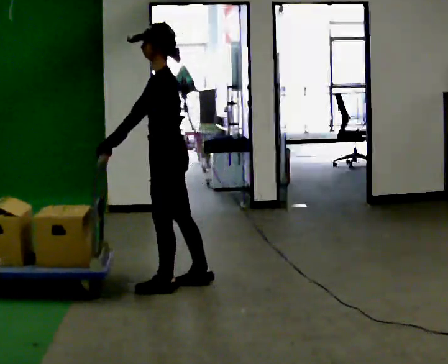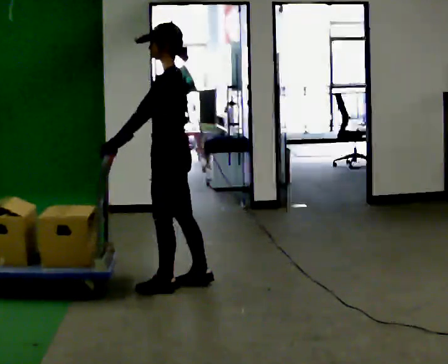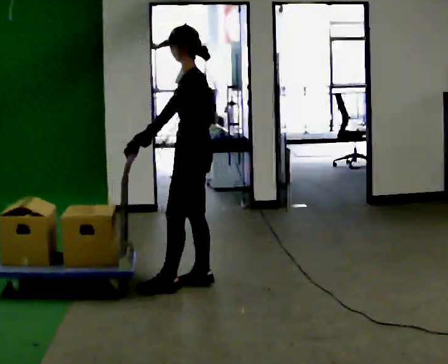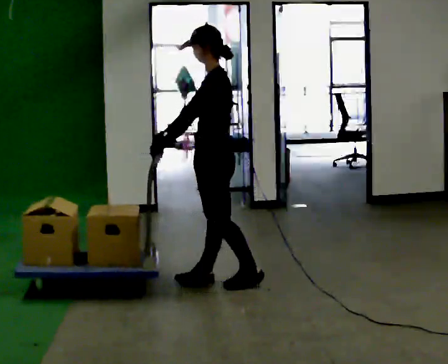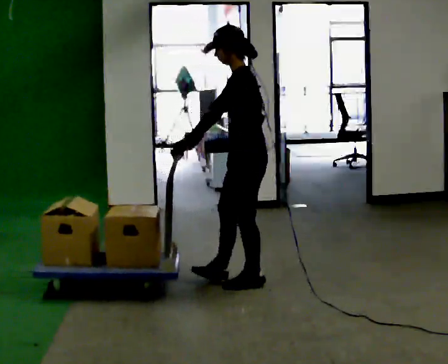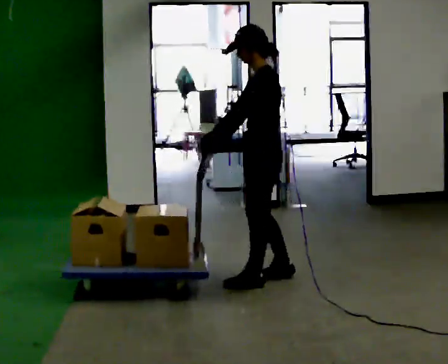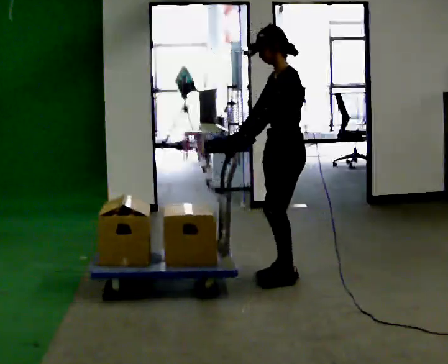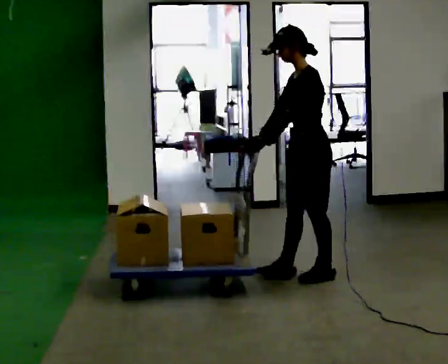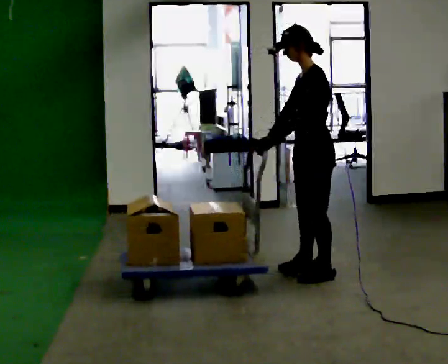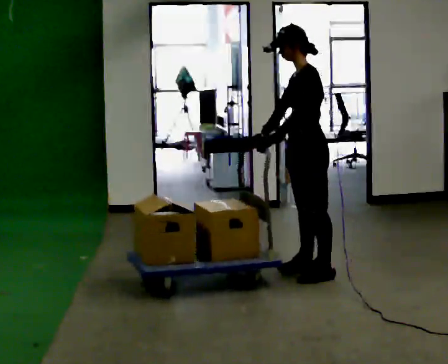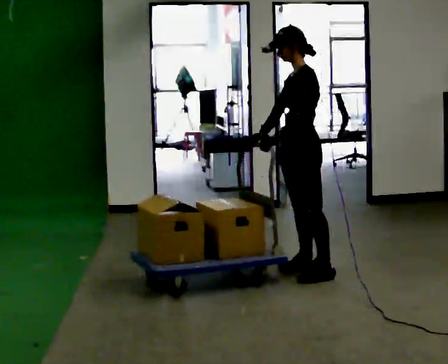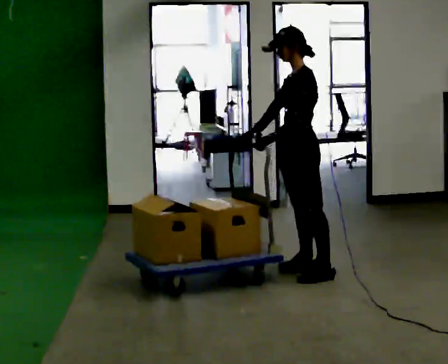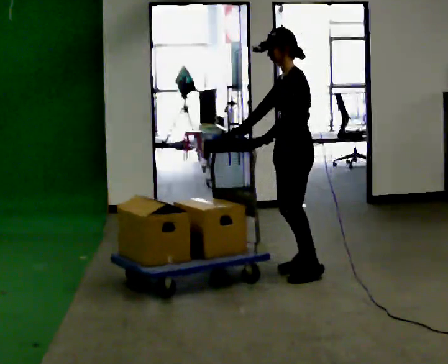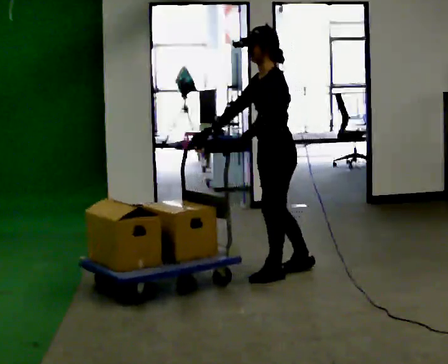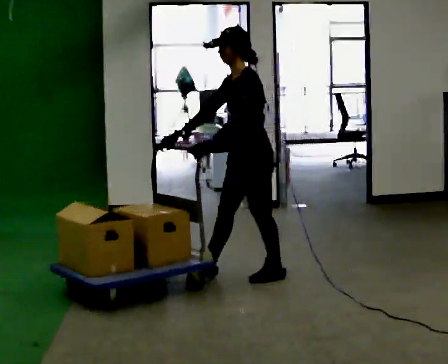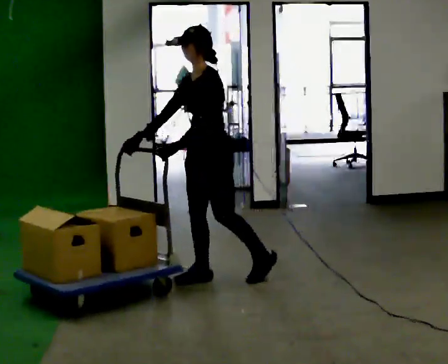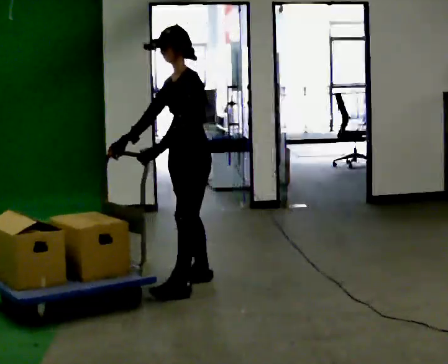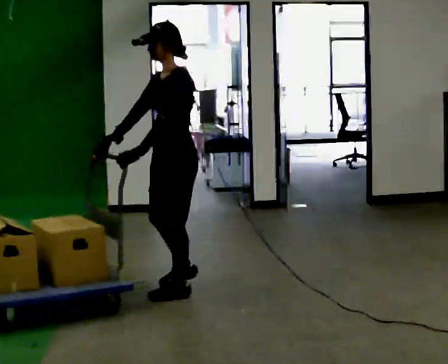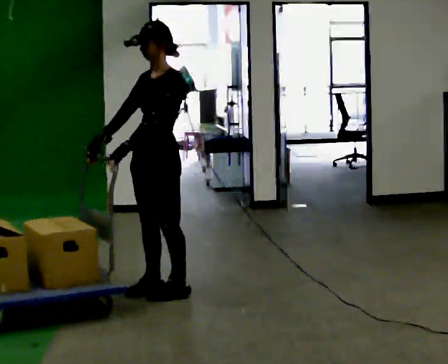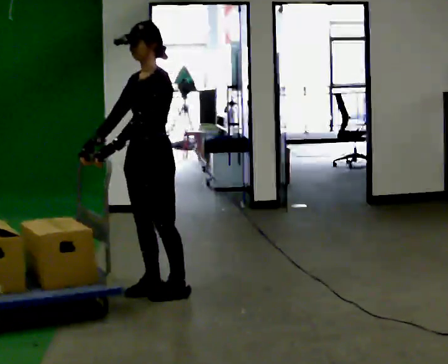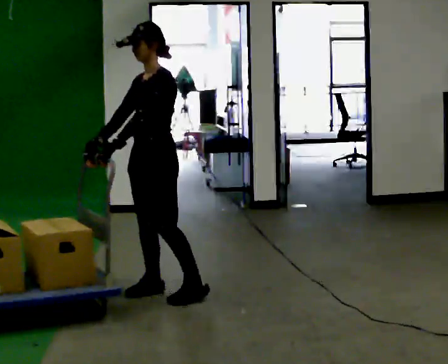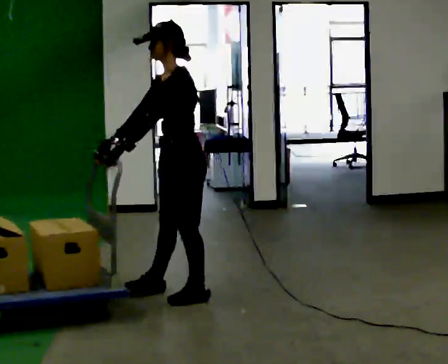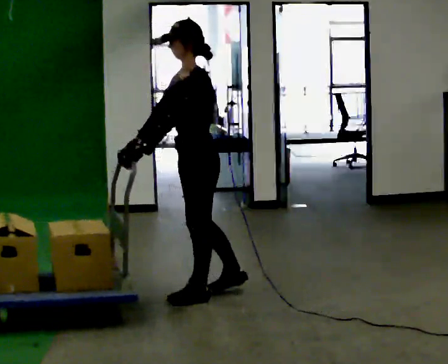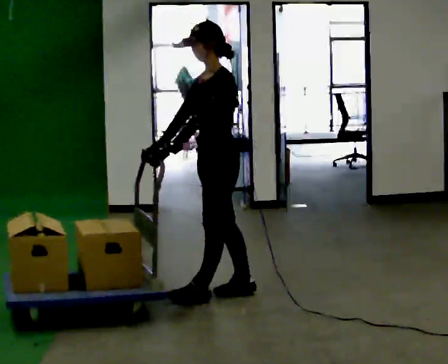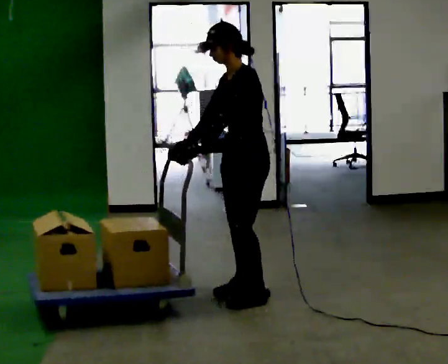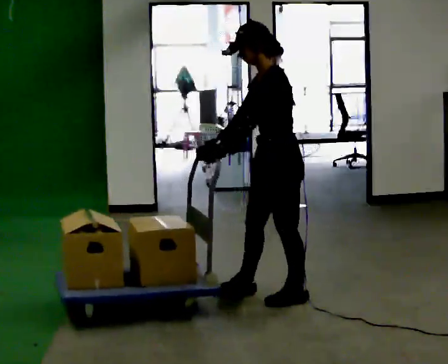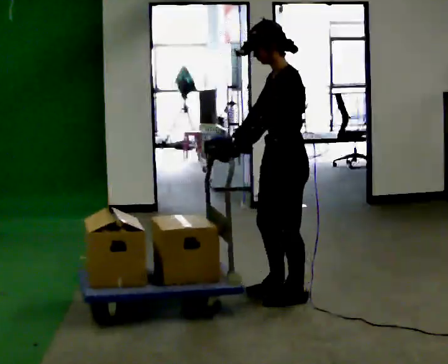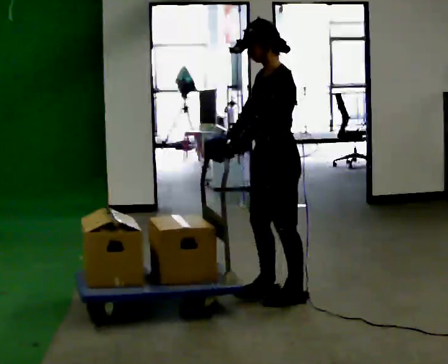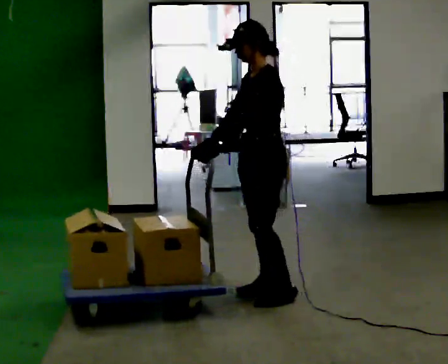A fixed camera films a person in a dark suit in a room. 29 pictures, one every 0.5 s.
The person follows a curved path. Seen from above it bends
counterclockwise.
0.0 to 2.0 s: In the picture they go to the right, about 0.5 m in 1 step, which for them is backward.
2.0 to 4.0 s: In the picture they go to the right and away from the camera, about 0.5 m in 3 steps, which for them is backward.
4.0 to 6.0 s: The person moves a little, or ends about where they began.
6.0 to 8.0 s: In the picture they go to the left and toward the camera, about 0.5 m in 3 steps, which for them is forward.
8.0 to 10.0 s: In the picture they go toward the camera and to the left, about 0.25 m in 1 step, which for them is forward.
10.0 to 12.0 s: In the picture they go to the right, about 0.5 m in 1 step, which for them is backward.
12.0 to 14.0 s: The person moves a little, or ends about where they began.
The film runs forward here.
